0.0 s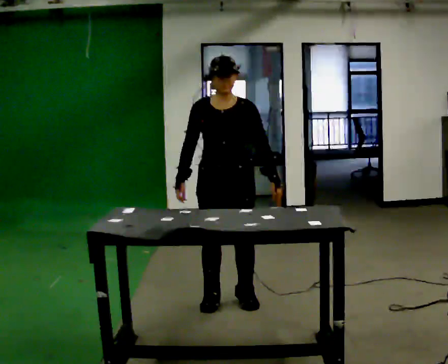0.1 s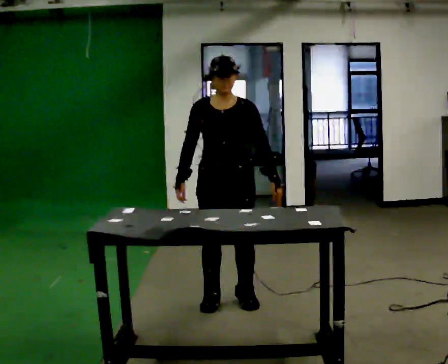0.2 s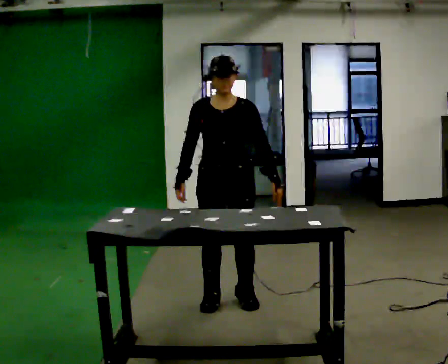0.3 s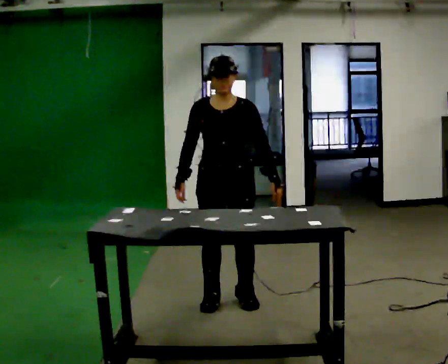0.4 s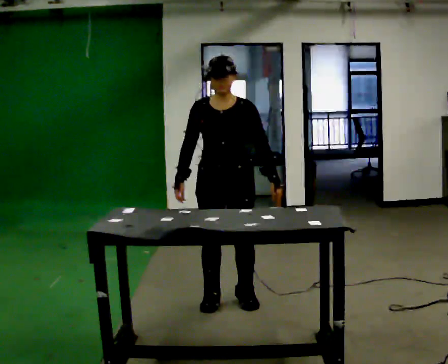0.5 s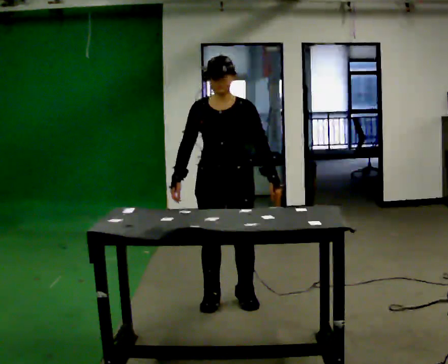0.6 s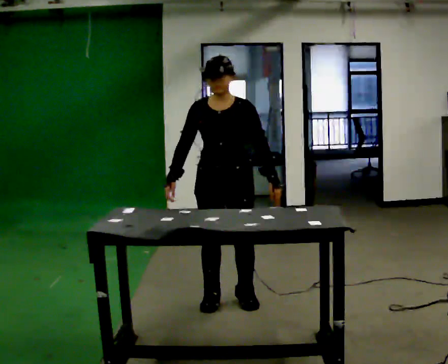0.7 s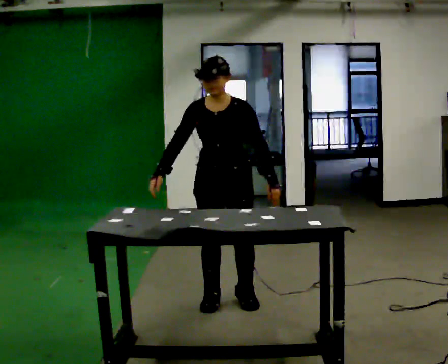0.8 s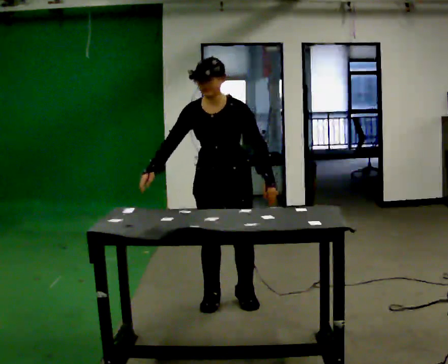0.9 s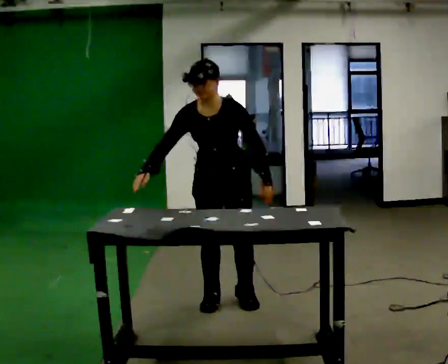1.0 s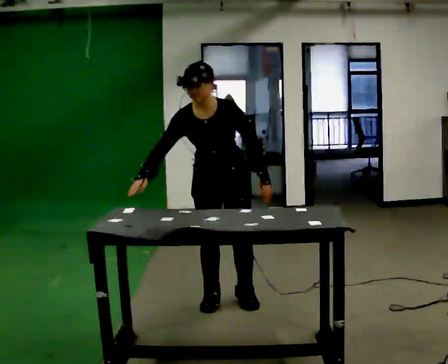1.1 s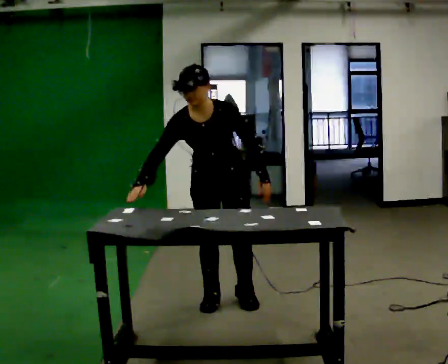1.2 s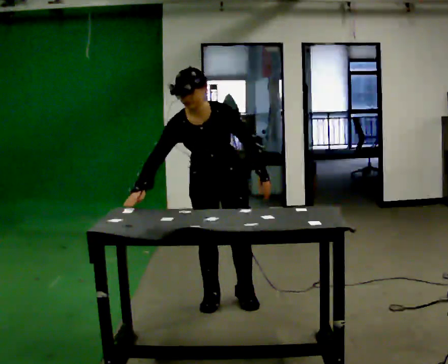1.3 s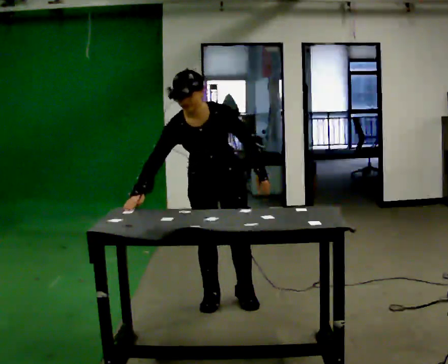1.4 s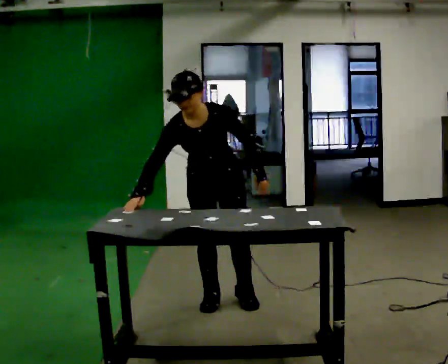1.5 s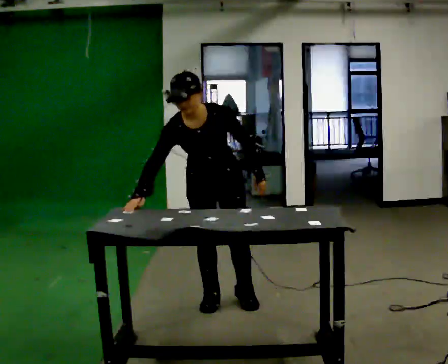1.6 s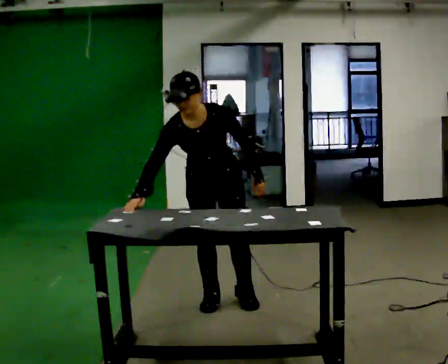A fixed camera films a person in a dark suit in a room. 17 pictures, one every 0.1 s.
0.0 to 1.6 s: The upper body tips toward the camera, its near side rolling downward, as they bend forward.
The film runs forward here.
